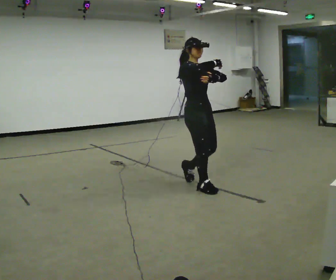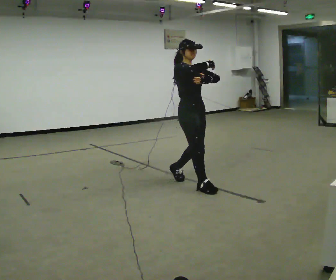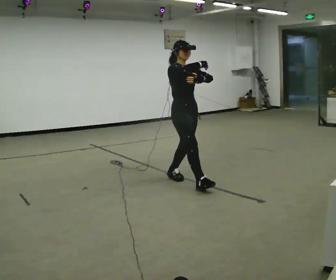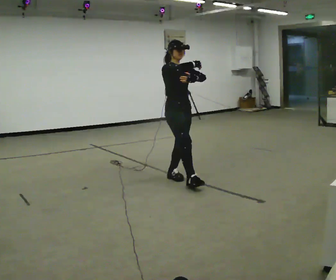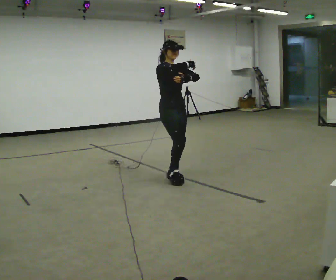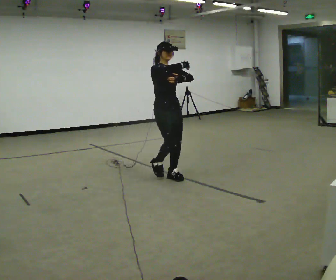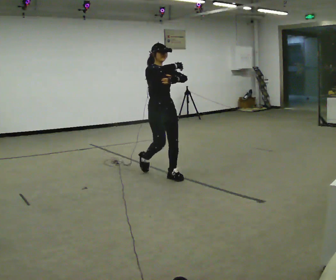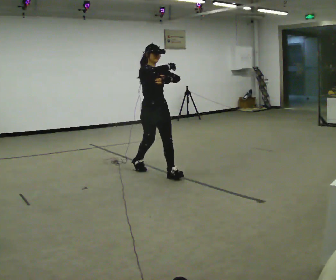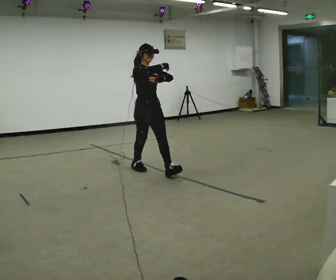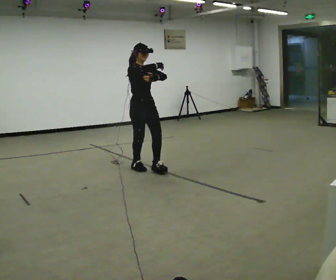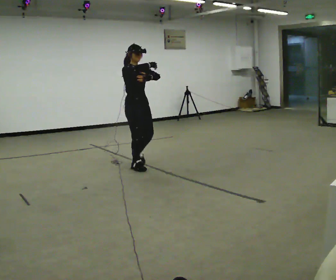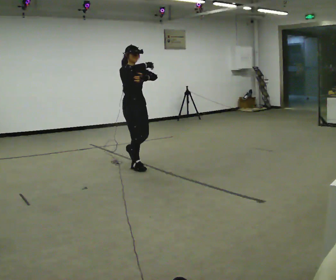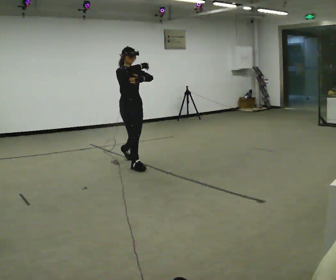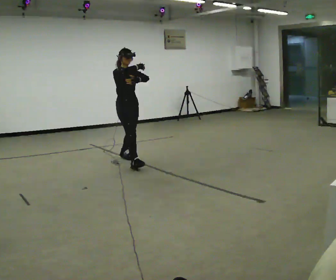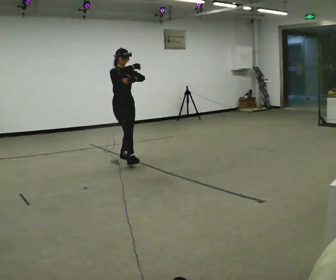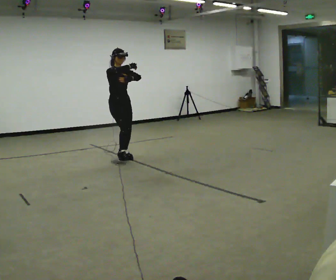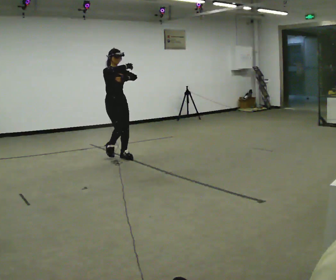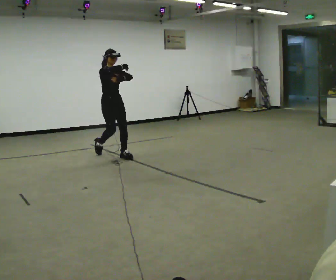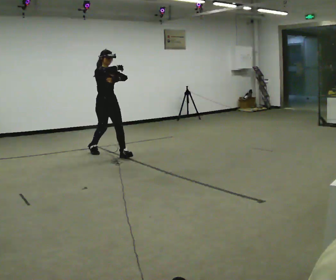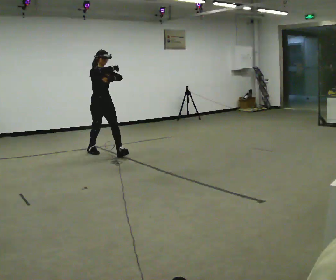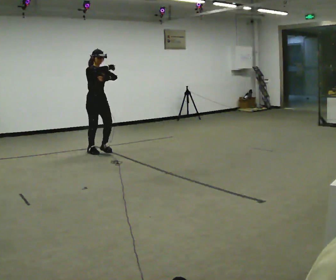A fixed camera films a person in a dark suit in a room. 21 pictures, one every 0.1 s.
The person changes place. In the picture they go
away from the camera.
0.0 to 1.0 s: In the picture they go away from the camera and to the left, about 1 m in 2 steps, which for them is backward.
1.0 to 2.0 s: In the picture they go away from the camera and to the left, about 1 m in 2 steps, which for them is backward.
The film runs backward here.
